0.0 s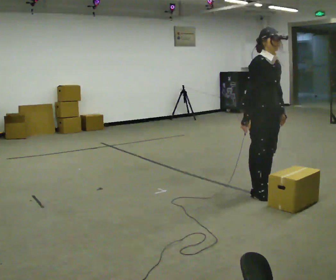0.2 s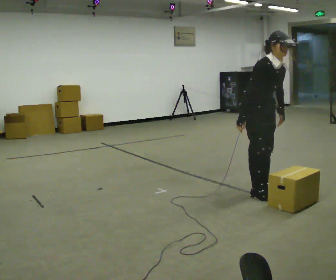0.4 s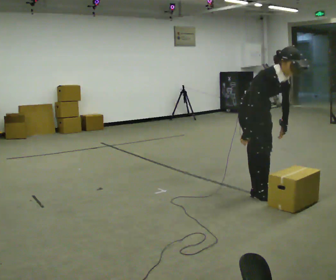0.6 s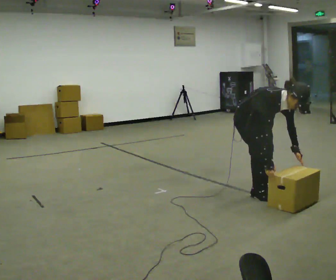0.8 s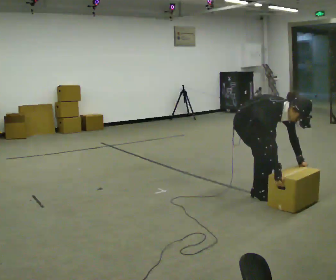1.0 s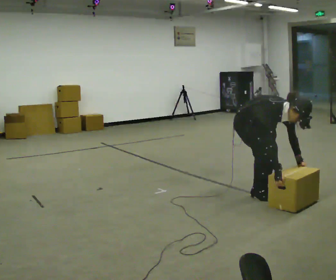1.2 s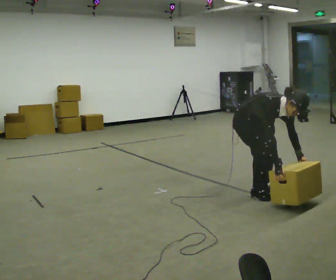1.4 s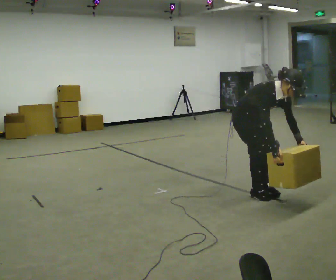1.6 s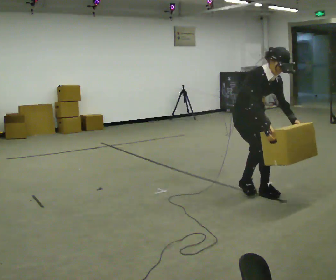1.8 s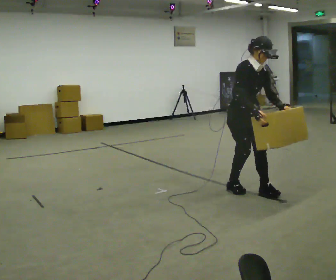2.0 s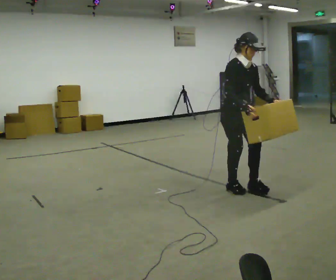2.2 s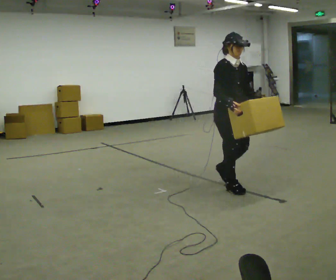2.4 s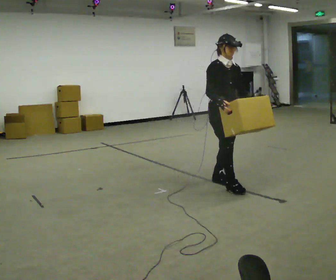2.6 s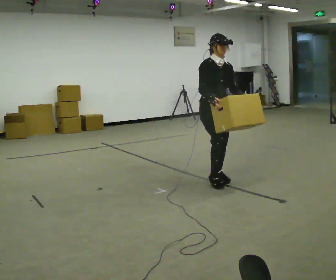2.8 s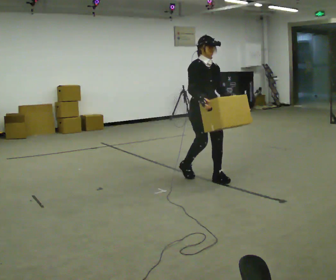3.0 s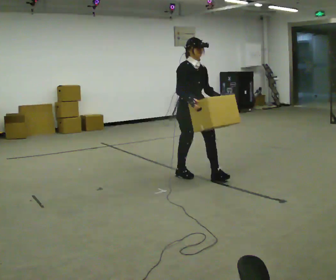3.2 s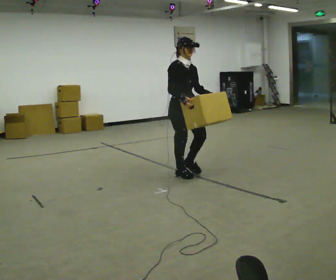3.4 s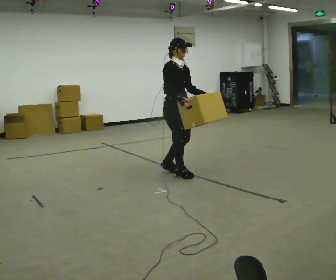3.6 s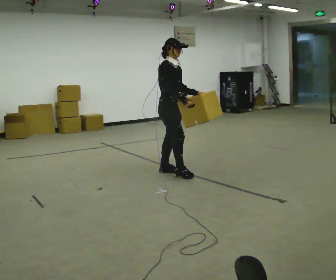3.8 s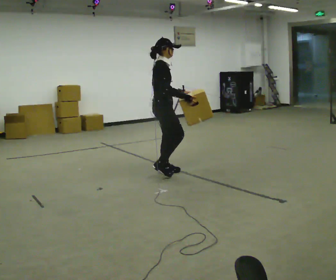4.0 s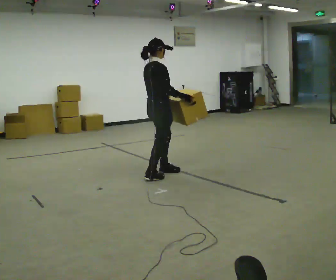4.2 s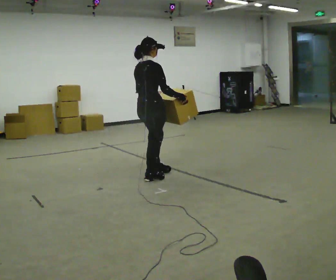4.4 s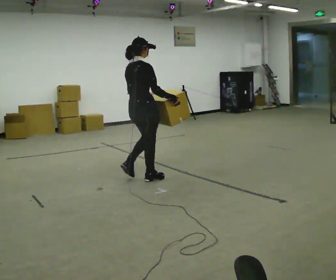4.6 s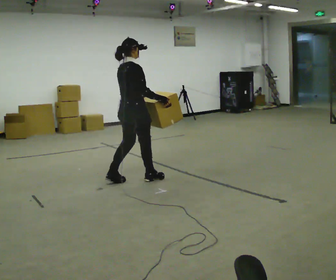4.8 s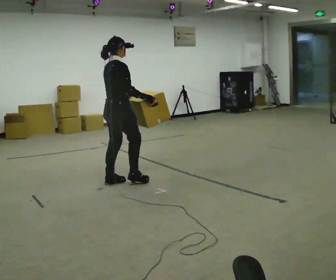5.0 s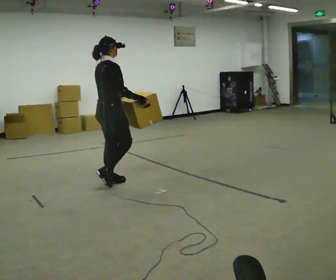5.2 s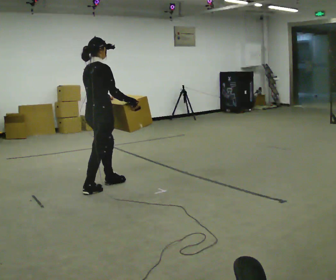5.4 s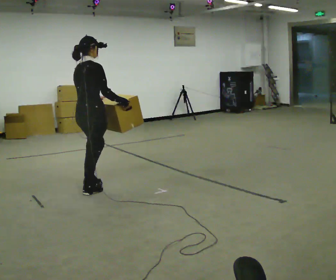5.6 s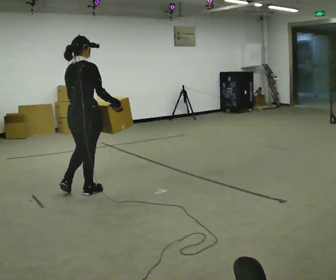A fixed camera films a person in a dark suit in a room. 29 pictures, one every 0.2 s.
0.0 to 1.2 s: The upper body goes downward. The upper body tips toward the camera, its near side rolling downward, as they bend forward. In the picture their right hand goes downward.
1.2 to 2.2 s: In the picture they go to the left and away from the camera, about 0.25 m in 2 steps, which for them is backward. The shoulders move upward. The upper body tips away from the camera, its near side rolling upward, as they lean back or straighten. In the picture their left hand goes upward.
2.2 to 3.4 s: In the picture they go to the left and away from the camera, about 1 m in 2 steps, which for them is backward and to their right.
3.4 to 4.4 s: The person turns about 75 degrees to their left, counterclockwise seen from above, so the part of the body nearest the lens slides to the right. In the picture they go to the left and toward the camera, about 0.5 m in 2 steps.
4.4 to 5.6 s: In the picture they go toward the camera and to the left, about 0.5 m in 2 steps, which for them is backward.
The film runs backward here.
